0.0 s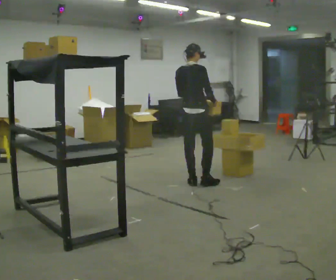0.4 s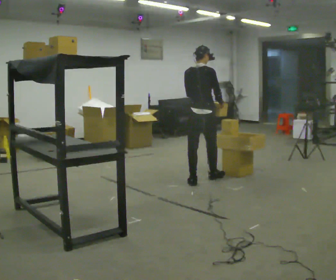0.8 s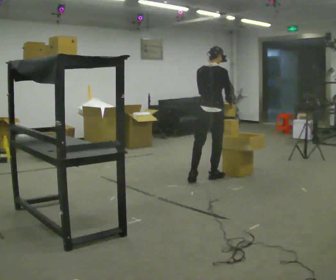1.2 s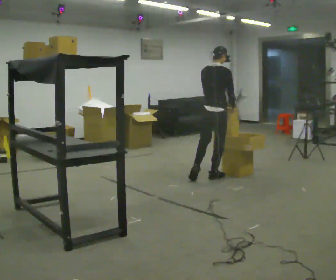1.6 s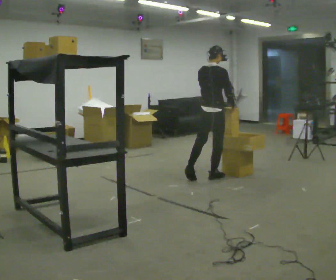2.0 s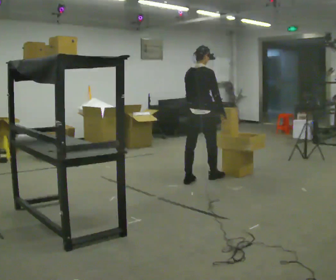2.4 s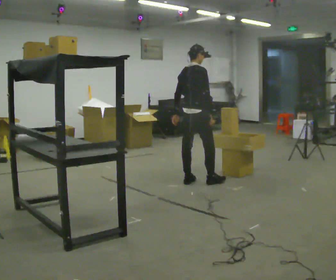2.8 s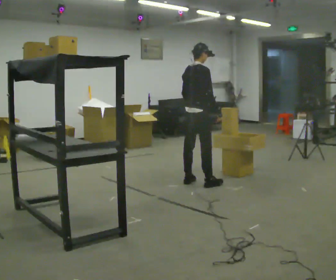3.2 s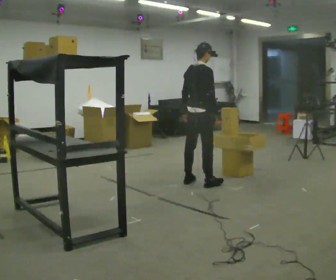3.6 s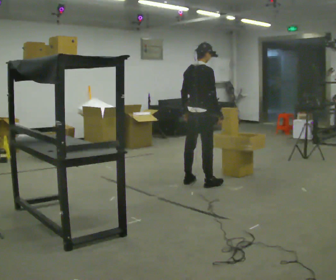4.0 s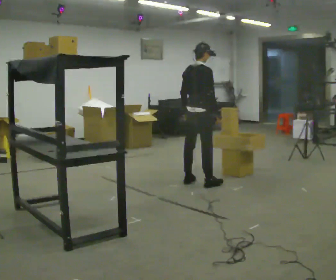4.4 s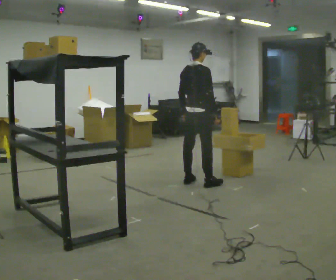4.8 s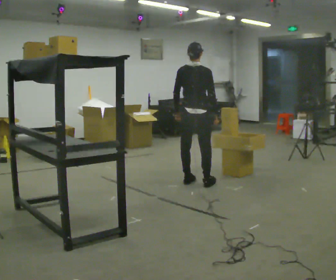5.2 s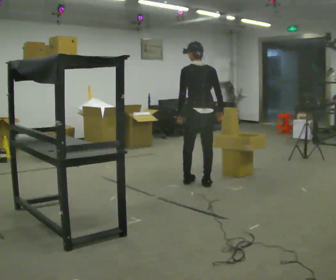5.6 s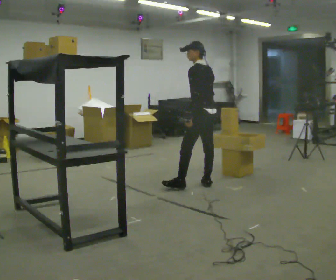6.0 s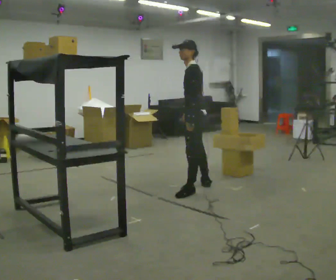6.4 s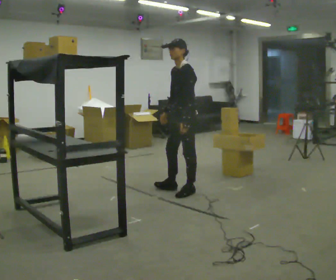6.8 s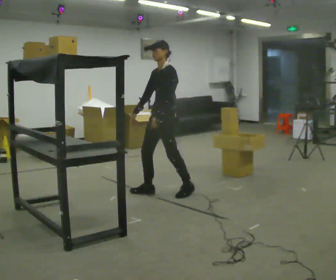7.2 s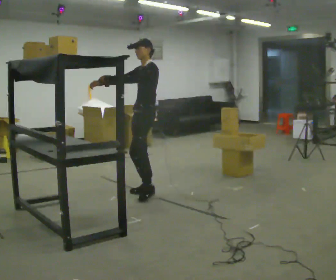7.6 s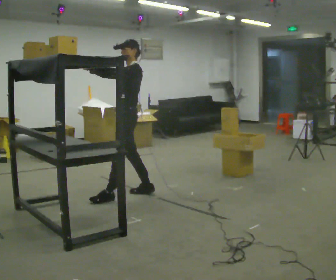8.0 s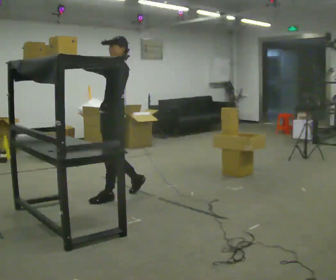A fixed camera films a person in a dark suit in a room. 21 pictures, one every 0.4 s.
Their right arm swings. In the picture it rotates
clockwise.
0.0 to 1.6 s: In the picture they go away from the camera and to the right, about 0.25 m in 1 step, which for them is forward.
1.6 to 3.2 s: In the picture they go toward the camera and to the left, about 0.25 m in 1 step, which for them is backward.
3.2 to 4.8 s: The person turns about 30 degrees to their left, counterclockwise seen from above, so the part of the body nearest the lens slides to the right.
4.8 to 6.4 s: The person turns about 135 degrees to their left, counterclockwise seen from above, so the part of the body nearest the lens slides to the right. In the picture they go toward the camera, about 0.5 m in 1 step.
6.4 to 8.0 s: In the picture they go to the left and toward the camera, about 1 m in 2 steps, which for them is forward. In the picture the upper body tilts clockwise, shoulders to the right, as they lean back or straighten. In the picture their left hand goes upward.
The film runs forward here.
